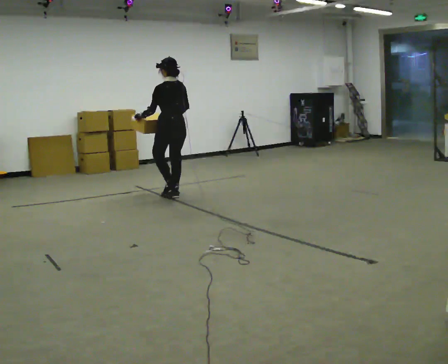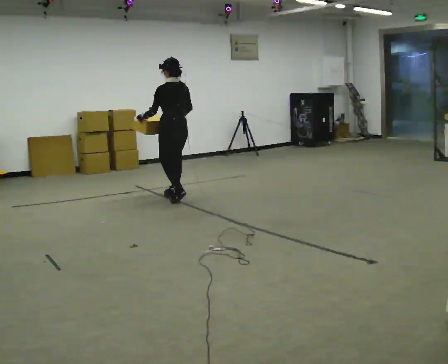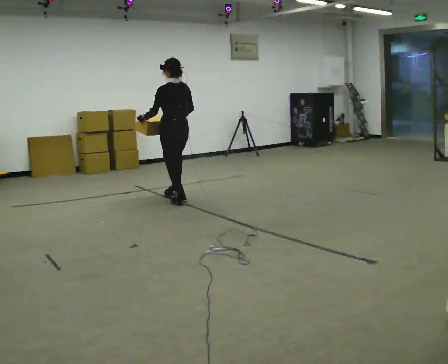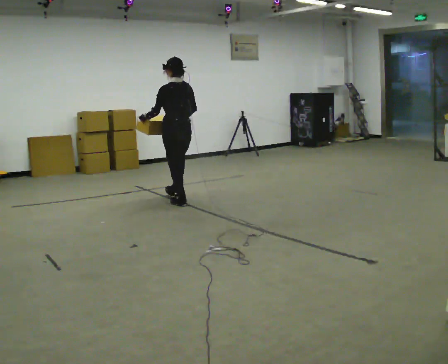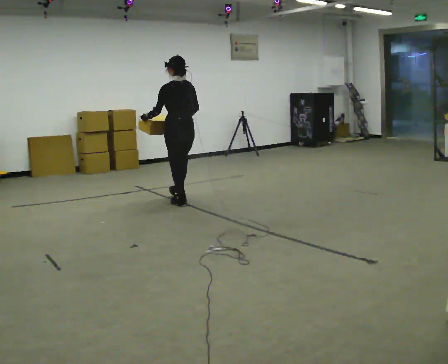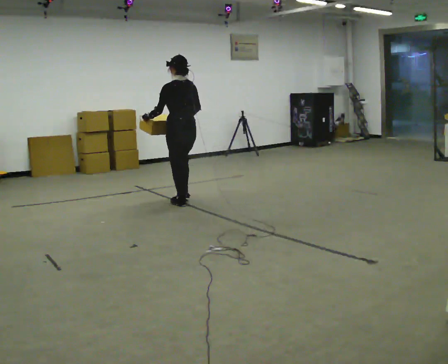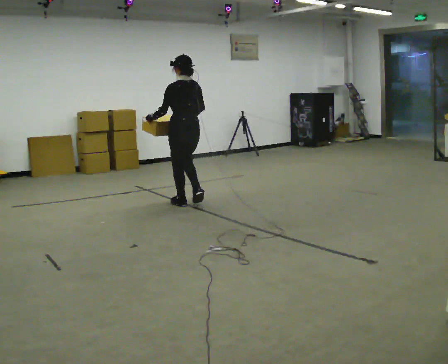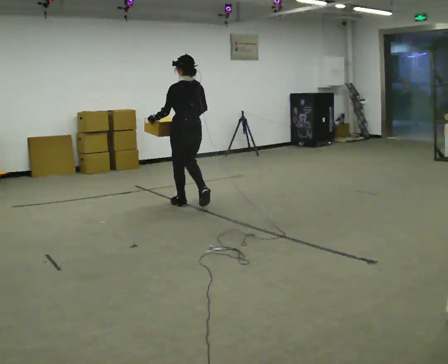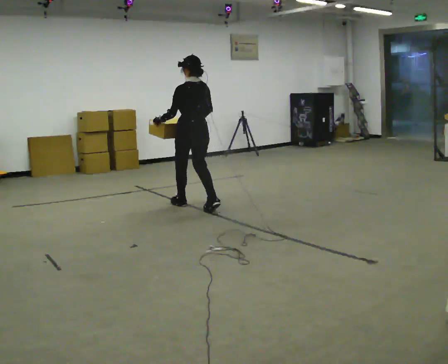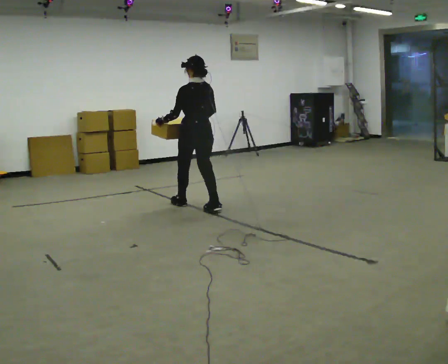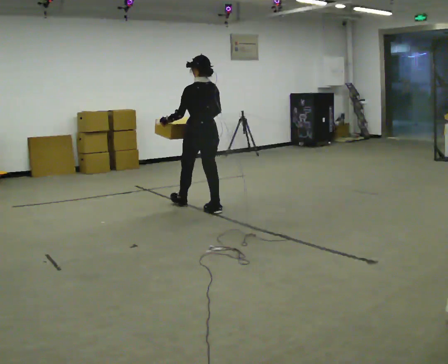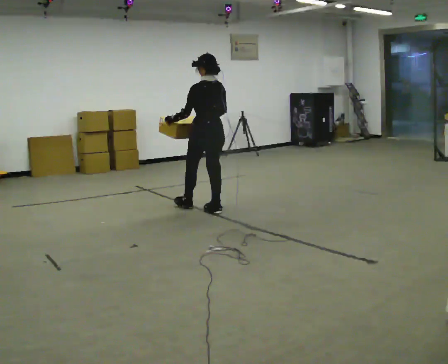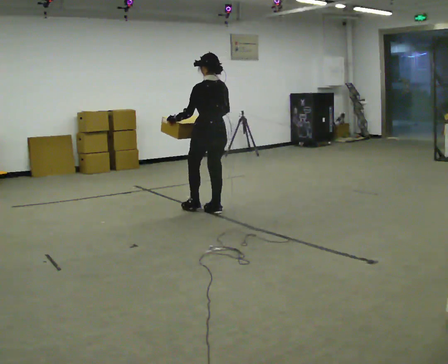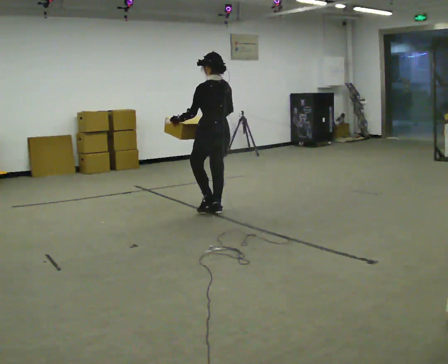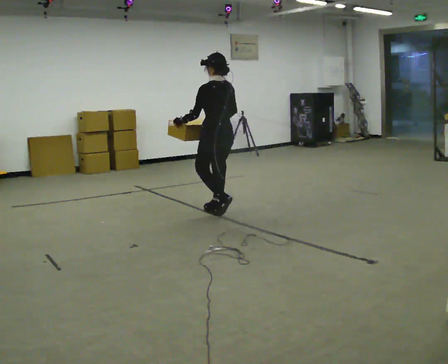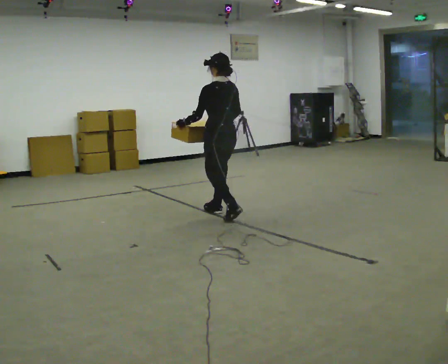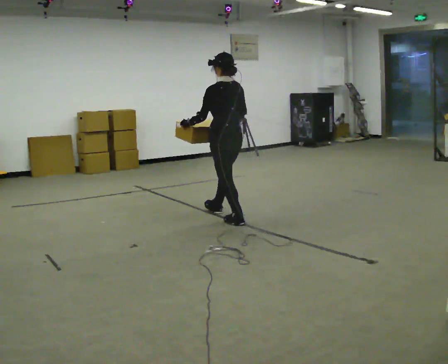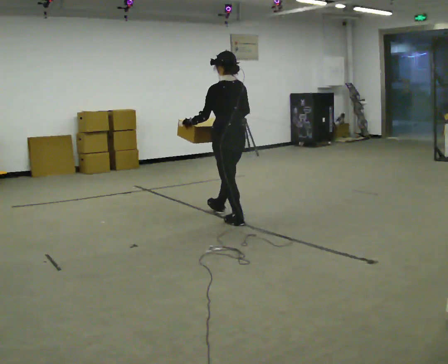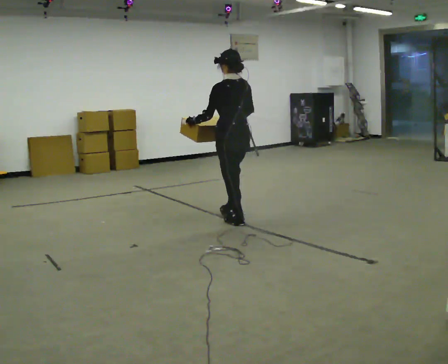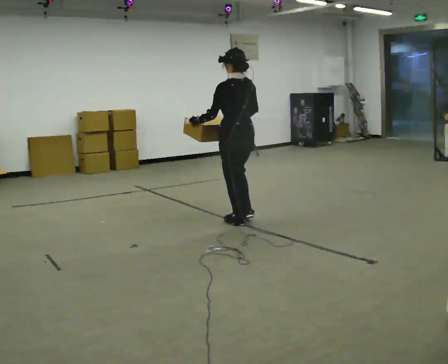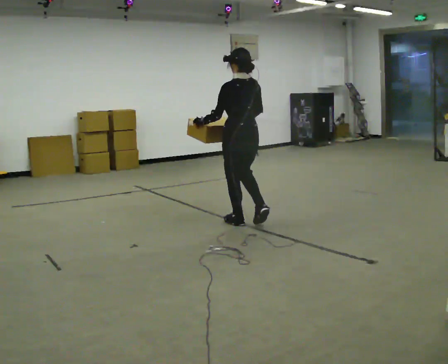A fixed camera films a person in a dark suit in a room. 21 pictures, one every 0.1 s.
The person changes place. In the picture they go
toward the camera.
0.0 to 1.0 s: In the picture they go toward the camera and to the right, about 0.75 m in 2 steps, which for them is backward.
1.0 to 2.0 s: In the picture they go toward the camera and to the right, about 0.5 m in 1 step, which for them is backward.
The film runs backward here.
